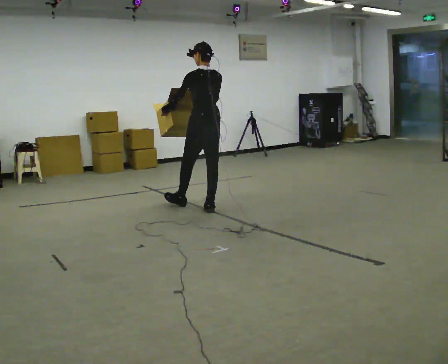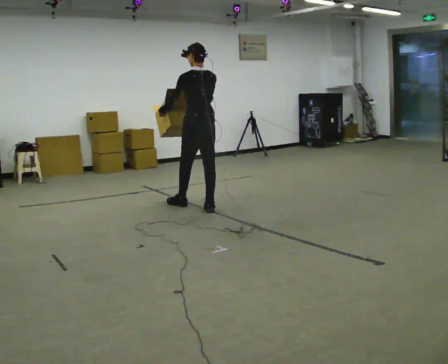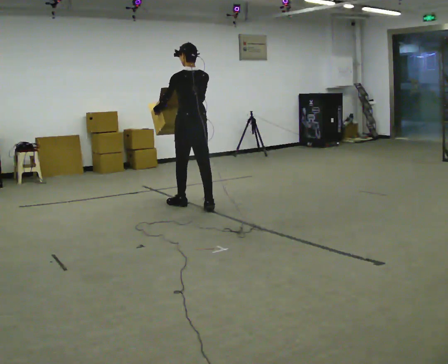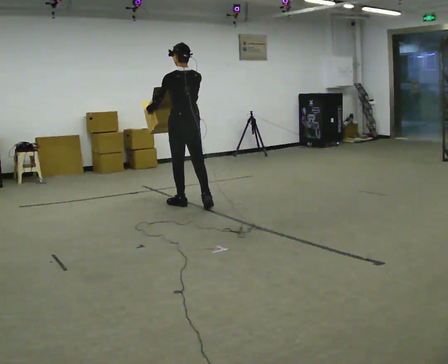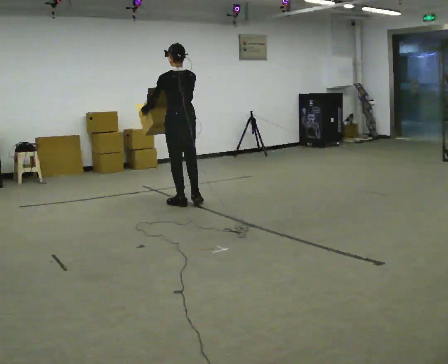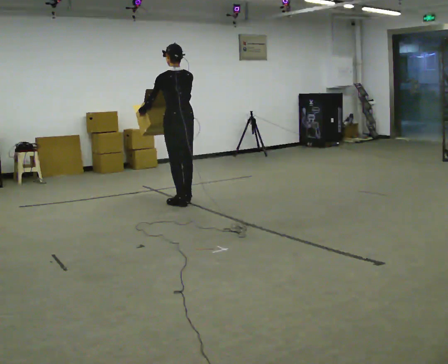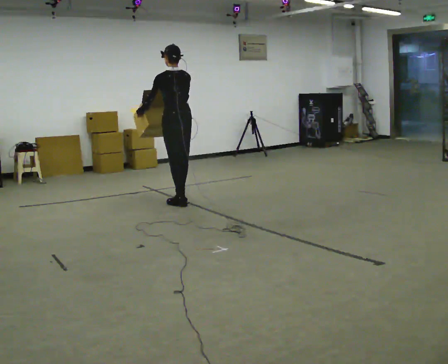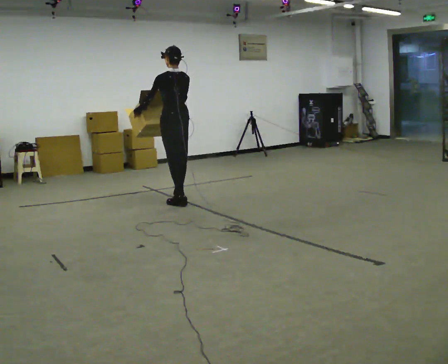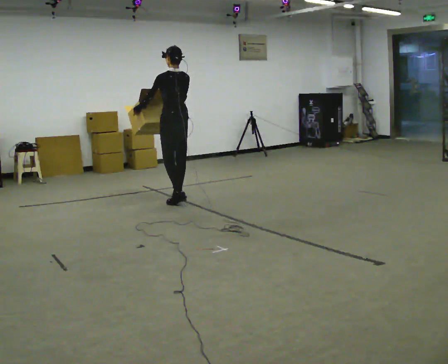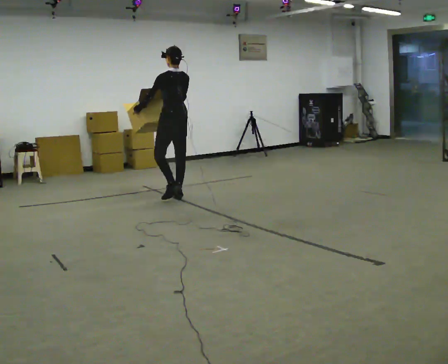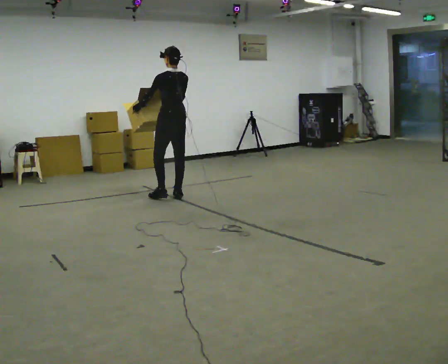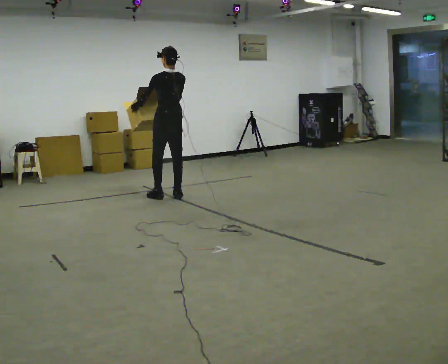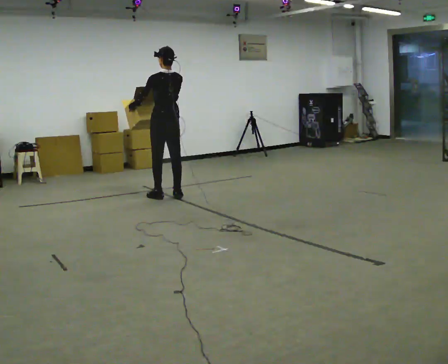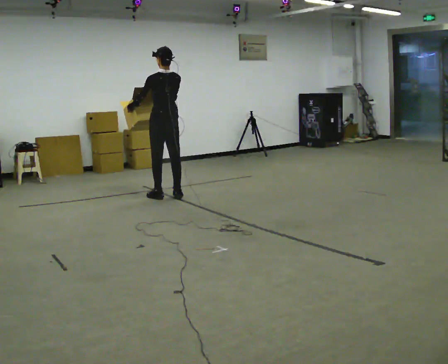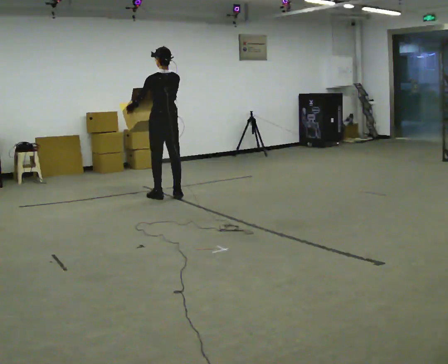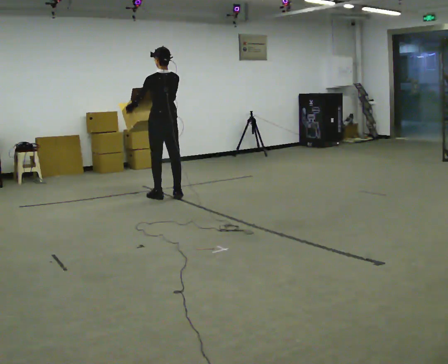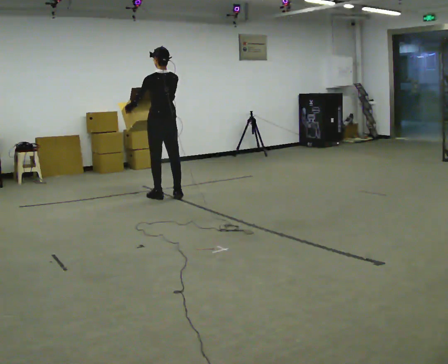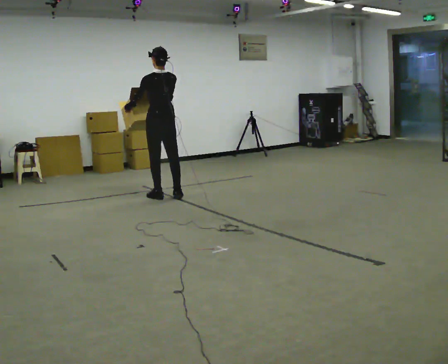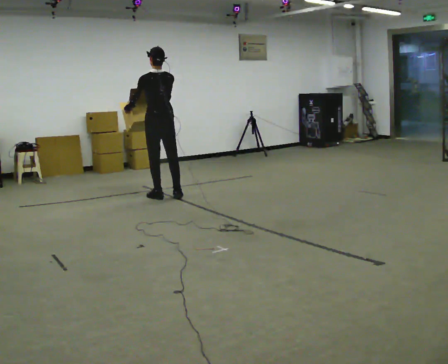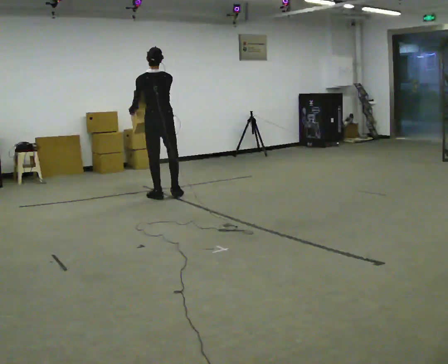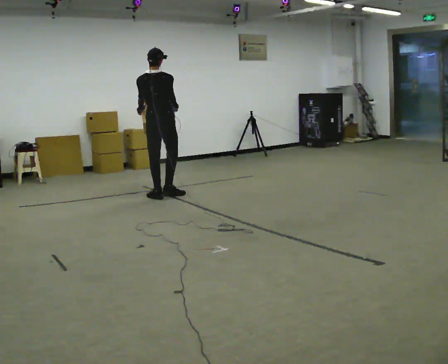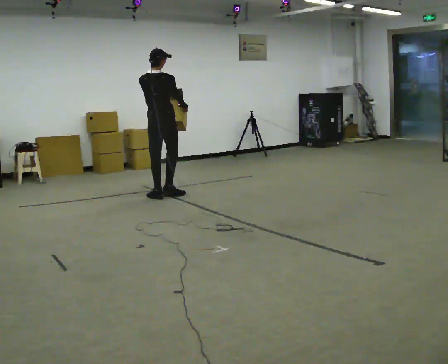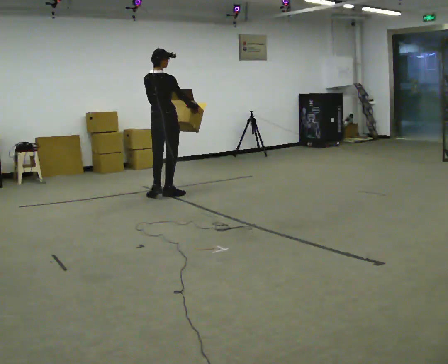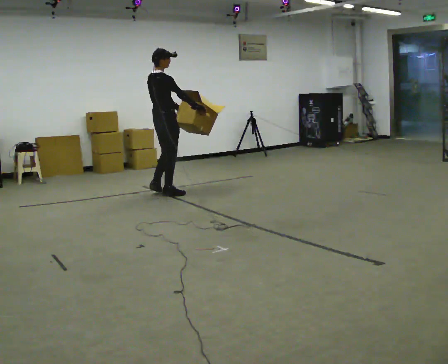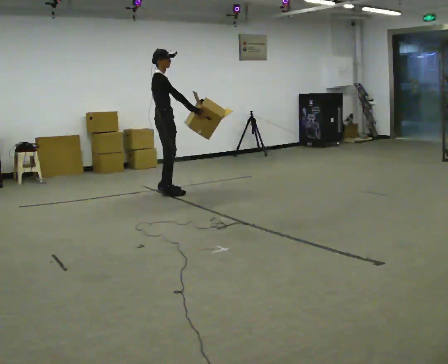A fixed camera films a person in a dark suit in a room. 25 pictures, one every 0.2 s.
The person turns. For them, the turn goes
to their right.
The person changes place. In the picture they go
away from the camera.
0.0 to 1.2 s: In the picture they go away from the camera and to the left, about 0.5 m in 1 step, which for them is forward and to their left.
1.2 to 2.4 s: In the picture they go away from the camera, about 0.5 m in 1 step, which for them is forward.
2.4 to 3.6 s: The person moves a little, or ends about where they began.
3.6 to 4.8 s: The part of the body nearest the lens slides to the left as the person turns to their right by about 105 degrees. In the picture they go away from the camera, about 0.25 m in 2 steps. In the picture their right hand goes to the right.
The film runs forward here.
